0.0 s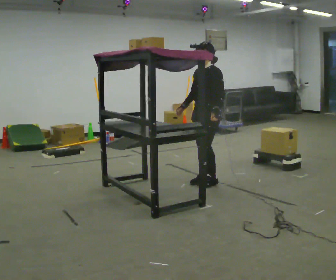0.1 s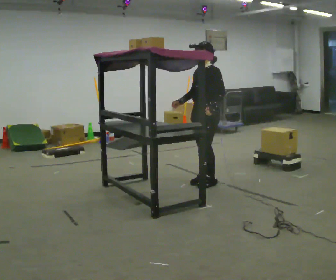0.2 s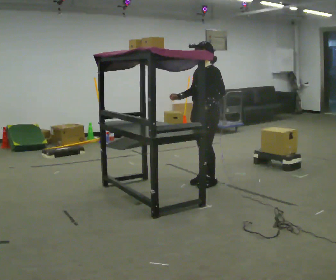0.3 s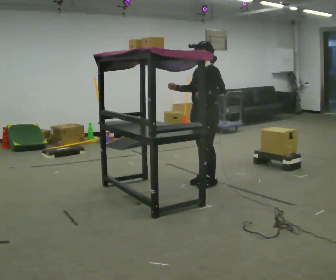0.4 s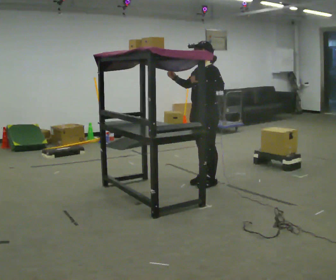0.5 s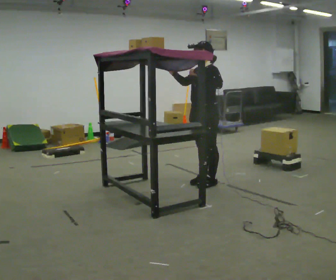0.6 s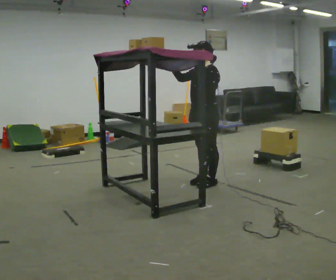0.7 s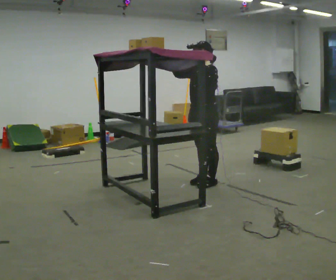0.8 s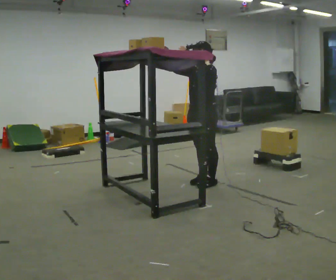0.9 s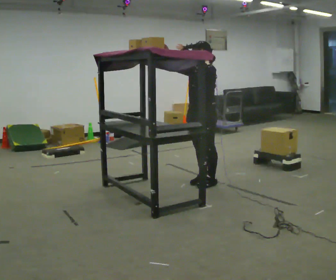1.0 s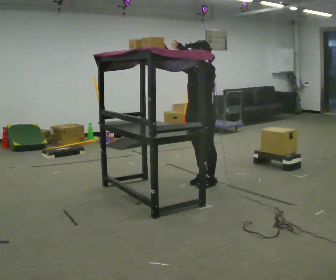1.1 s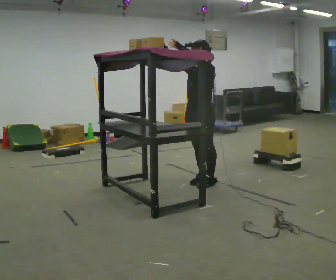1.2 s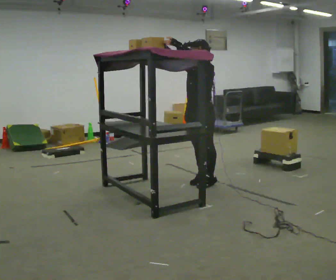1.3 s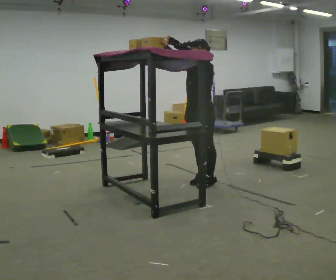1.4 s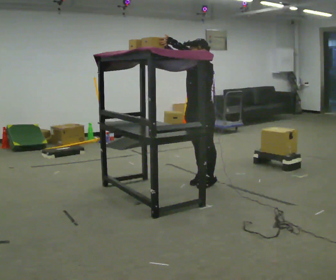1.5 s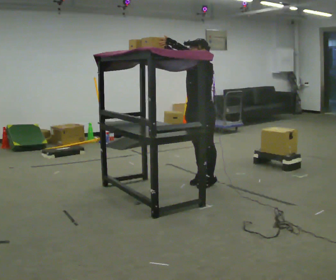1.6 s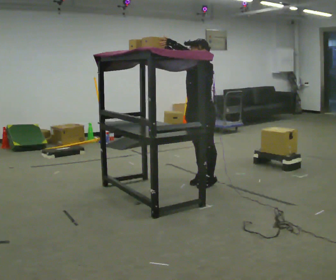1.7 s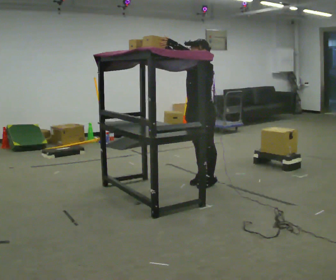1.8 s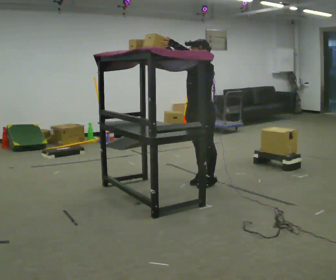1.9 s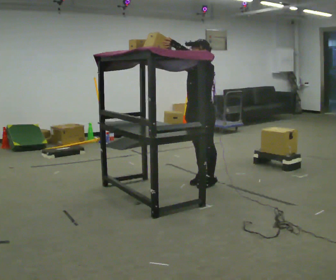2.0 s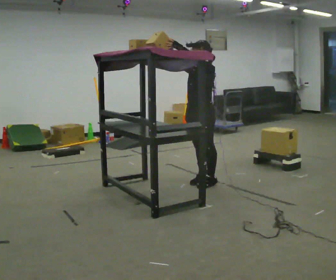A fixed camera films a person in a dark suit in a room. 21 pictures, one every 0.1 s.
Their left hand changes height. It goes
upward.
Their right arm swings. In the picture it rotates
clockwise.
0.0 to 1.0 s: In the picture their left hand goes upward and to the left.
1.0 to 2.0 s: The person moves a little, or ends about where they began.
The film runs forward here.
